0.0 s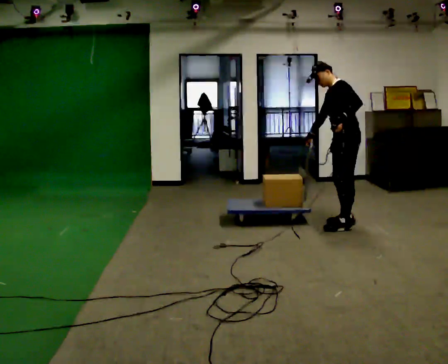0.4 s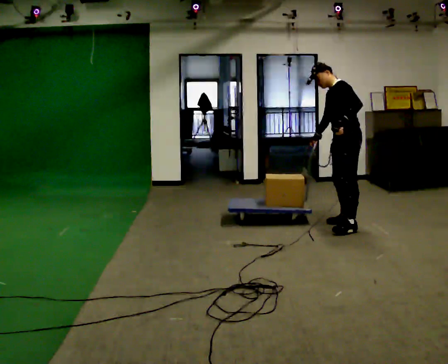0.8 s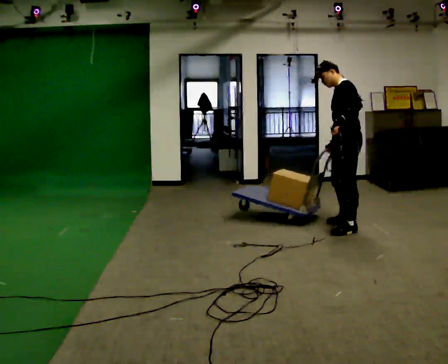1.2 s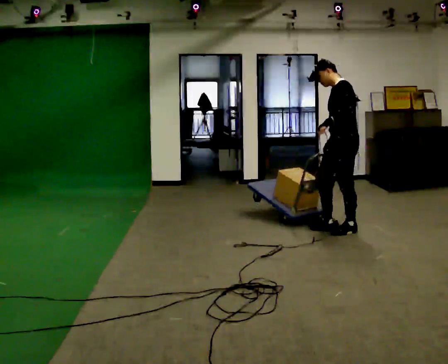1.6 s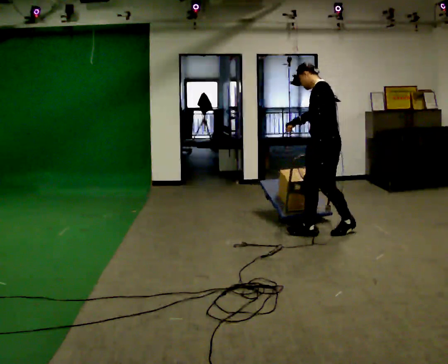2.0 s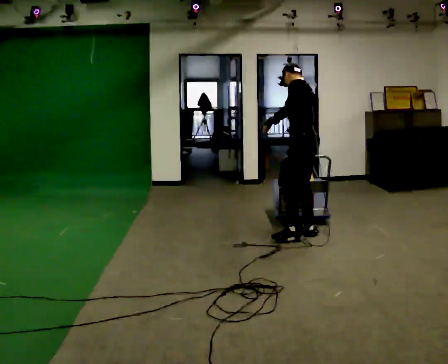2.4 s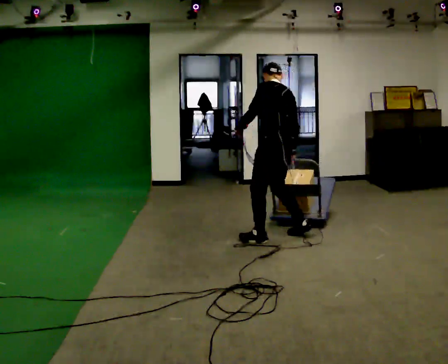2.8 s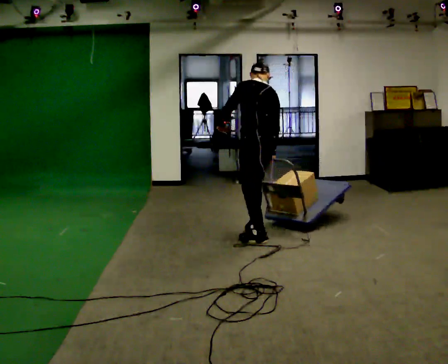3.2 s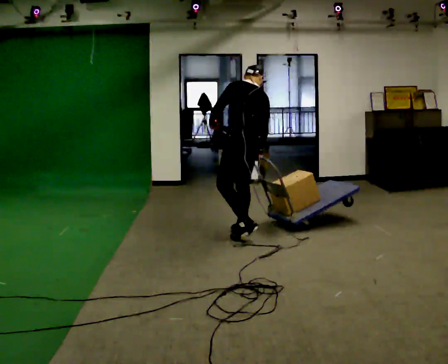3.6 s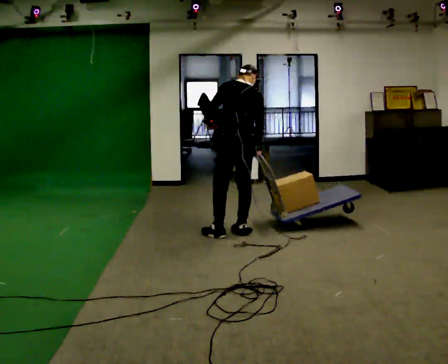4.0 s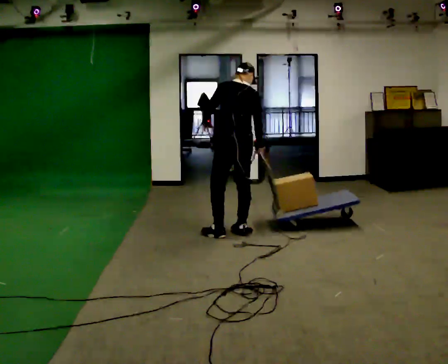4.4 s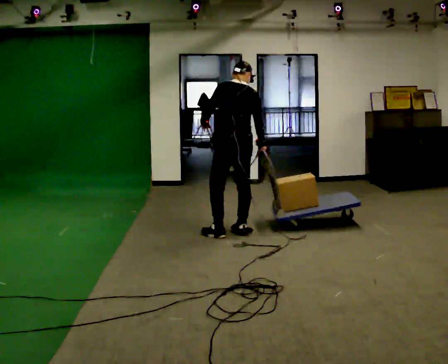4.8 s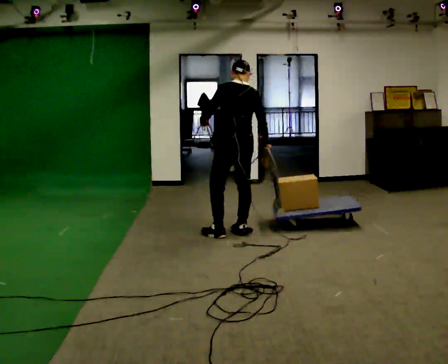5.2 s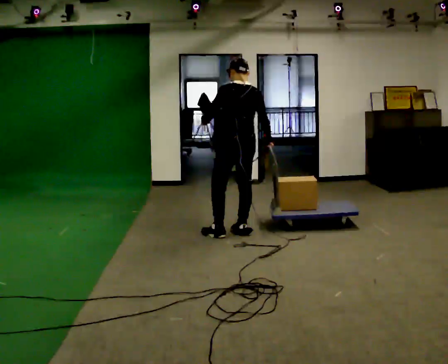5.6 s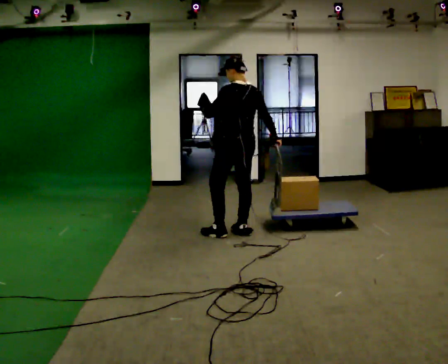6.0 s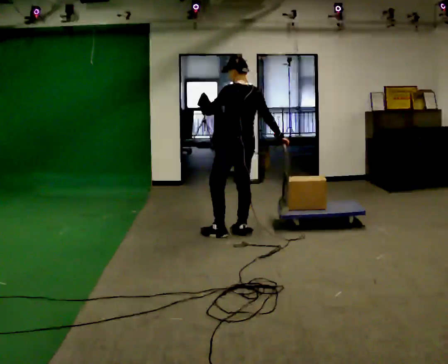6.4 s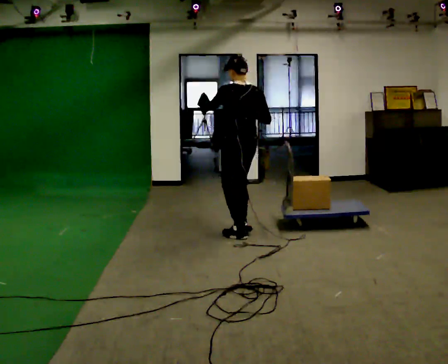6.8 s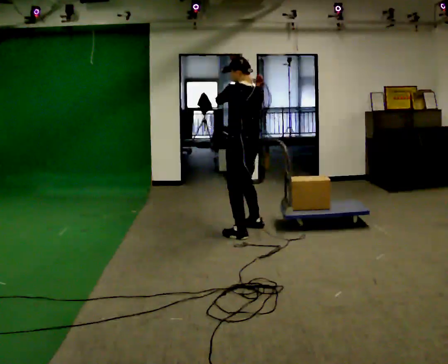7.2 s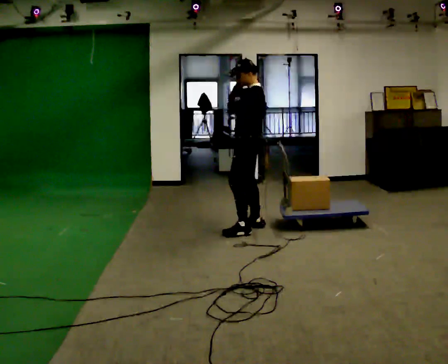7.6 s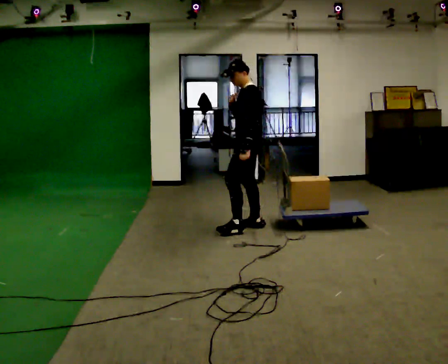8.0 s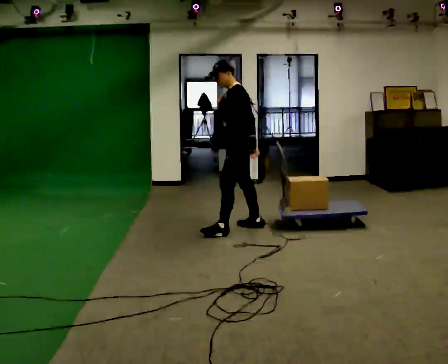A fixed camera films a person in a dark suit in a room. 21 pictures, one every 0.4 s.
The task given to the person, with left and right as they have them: Put the rope over your shoulder and drag the sled across the room. Keep going until the operator says stop.
0.0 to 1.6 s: In the picture they go toward the camera and to the left, about 0.5 m in 1 step, which for them is to their left and forward.
1.6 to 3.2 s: The part of the body nearest the lens slides to the left as the person turns to their right by about 60 degrees. In the picture they go to the left, about 1 m in 2 steps, which for them is forward and to their left.
3.2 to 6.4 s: In the picture their right hand goes upward.
6.4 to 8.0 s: The person turns about 60 degrees to their left, counterclockwise seen from above, so the part of the body nearest the lens slides to the right. In the picture they go away from the camera, about 0.25 m in 3 steps, which for them is to their right. In the picture their left hand goes downward.
The film runs forward here.
